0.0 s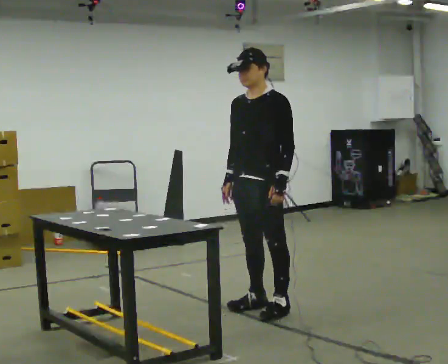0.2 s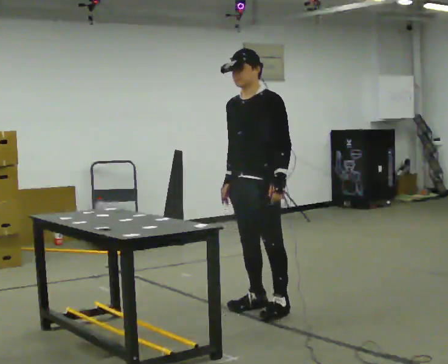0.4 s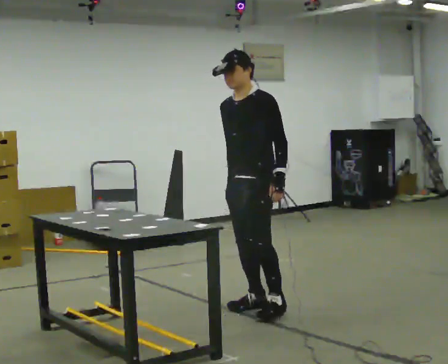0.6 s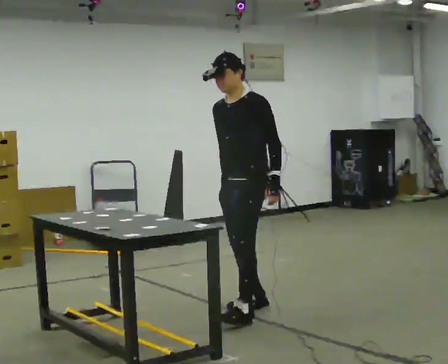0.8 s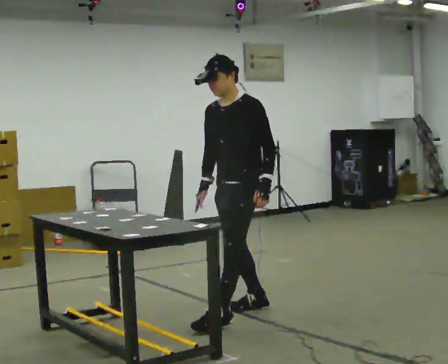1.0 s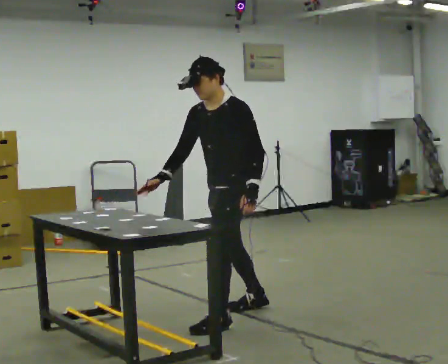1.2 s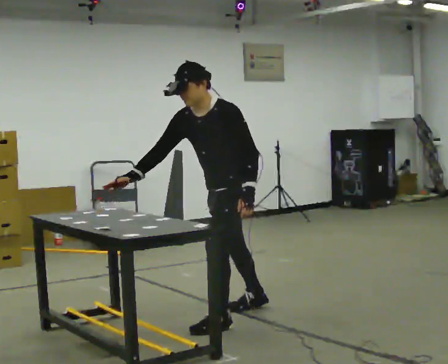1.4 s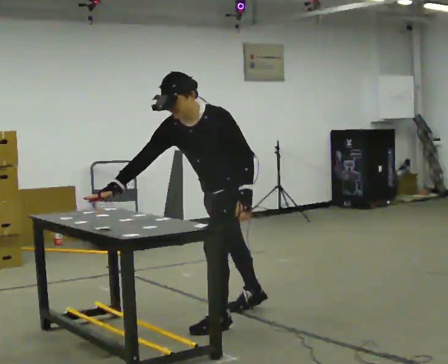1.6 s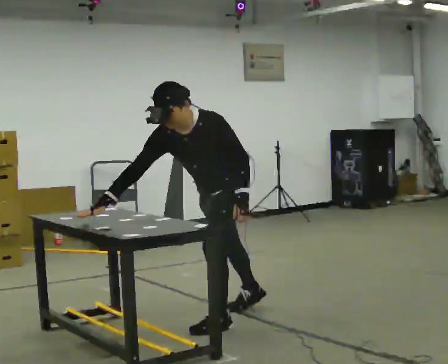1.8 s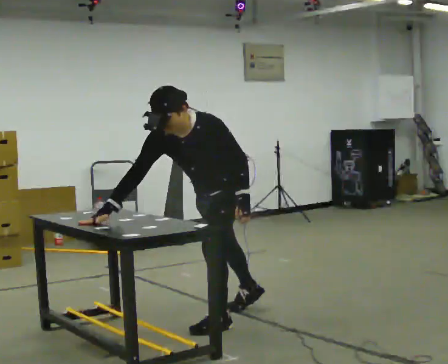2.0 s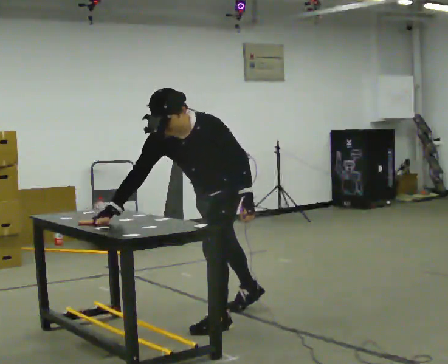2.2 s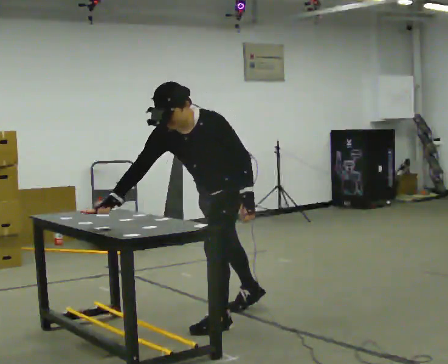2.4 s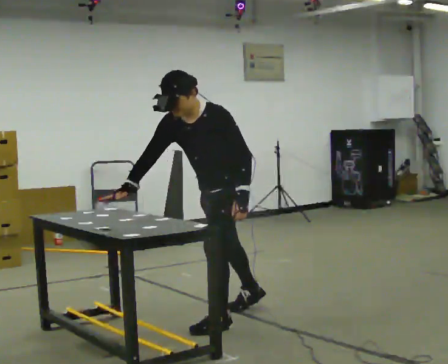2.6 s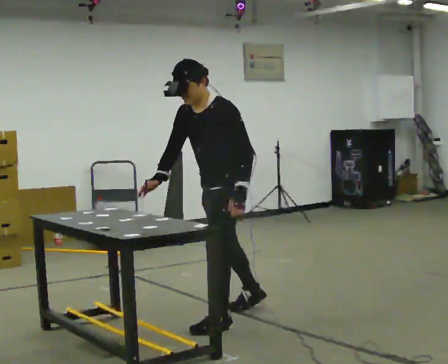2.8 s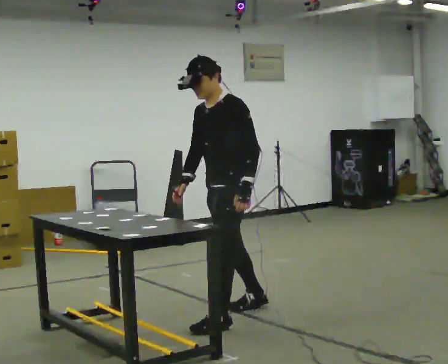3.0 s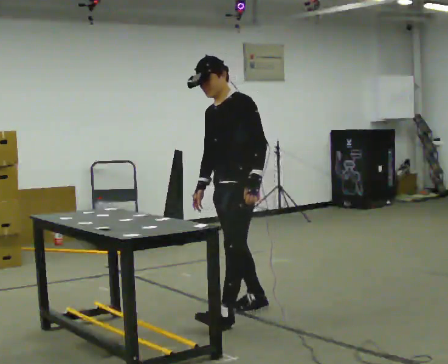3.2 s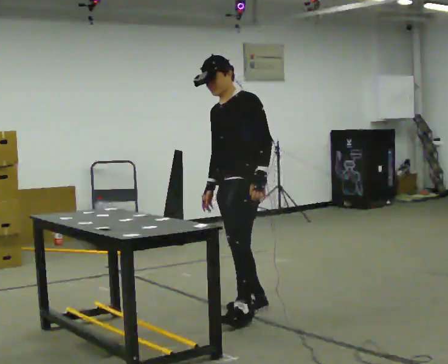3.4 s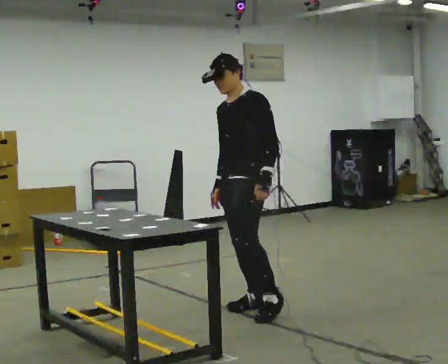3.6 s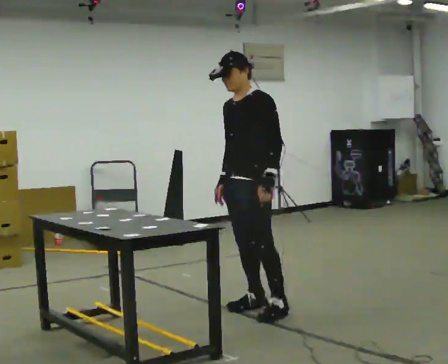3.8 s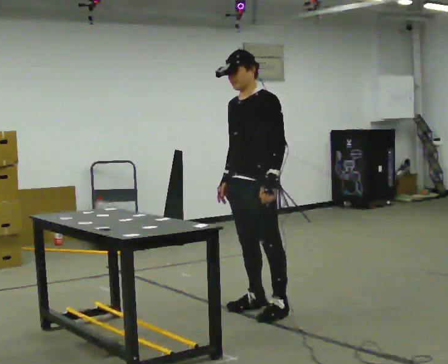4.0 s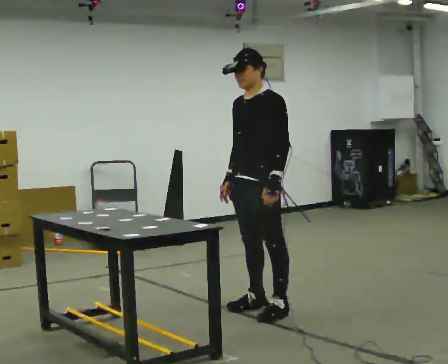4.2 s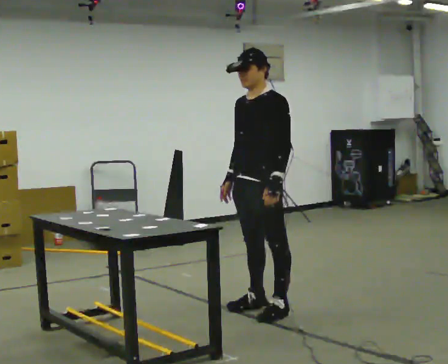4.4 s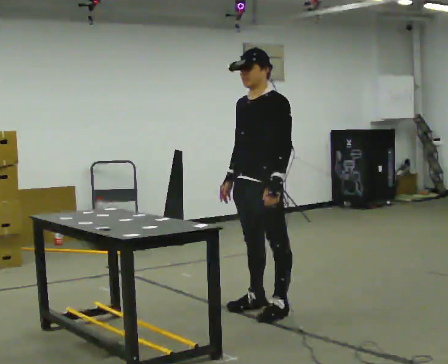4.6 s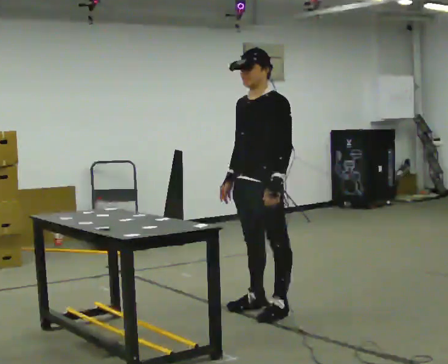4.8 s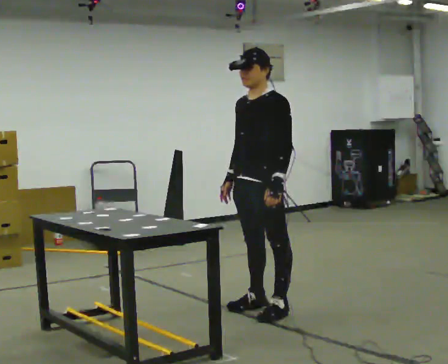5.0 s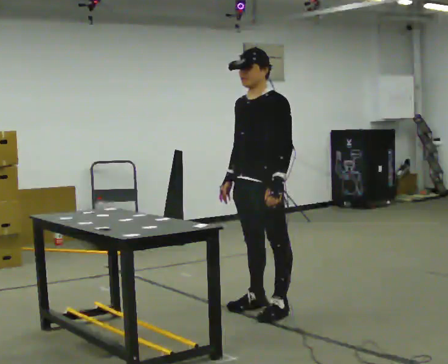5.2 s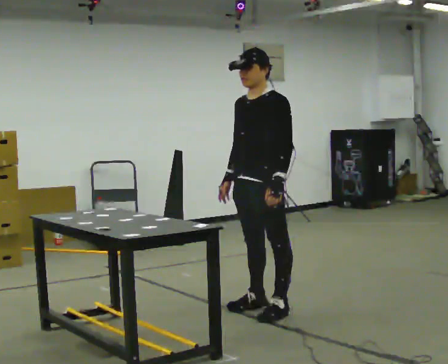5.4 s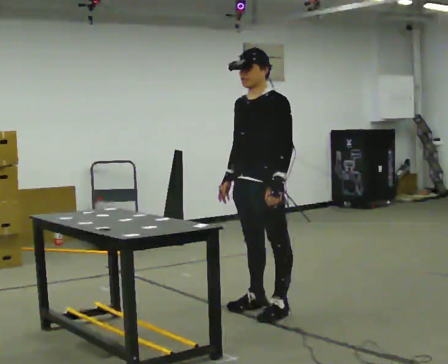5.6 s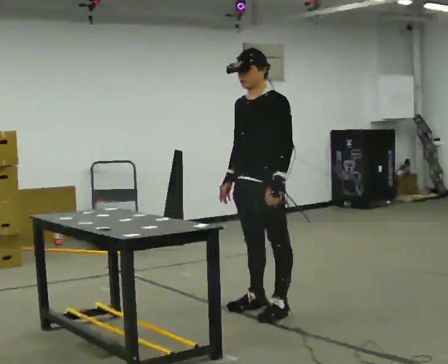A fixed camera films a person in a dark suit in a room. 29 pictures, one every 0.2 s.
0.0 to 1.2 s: In the picture they go toward the camera and to the left, about 0.25 m in 1 step, which for them is forward. In the picture the upper body tilts counterclockwise, shoulders to the left, as they bend forward.
1.2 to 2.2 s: The upper body tips toward the camera, its near side rolling downward, as they bend forward.
2.2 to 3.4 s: In the picture they go away from the camera and to the right, about 0.25 m in 1 step, which for them is backward and to their right. The upper body tips away from the camera, its near side rolling upward, as they lean back or straighten.
3.4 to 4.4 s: The person moves a little, or ends about where they began.
4.4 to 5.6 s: The person keeps their place and pose.
The film runs backward here.
